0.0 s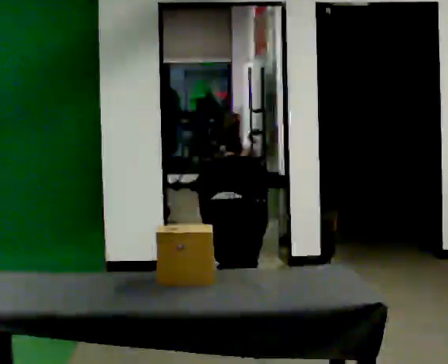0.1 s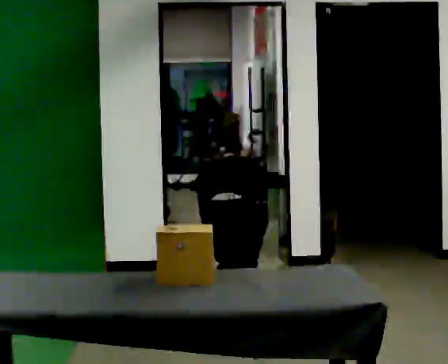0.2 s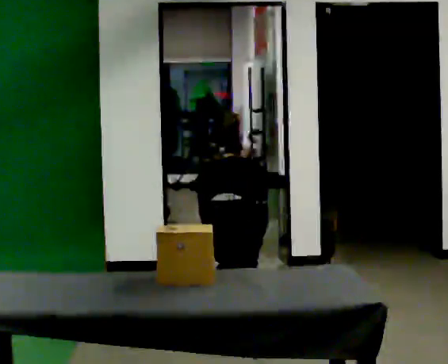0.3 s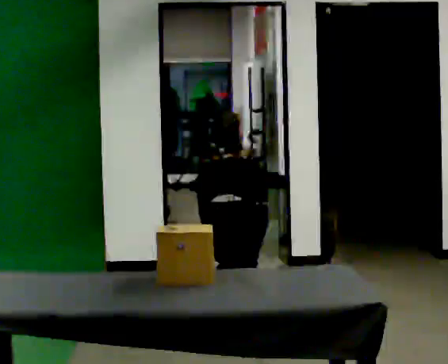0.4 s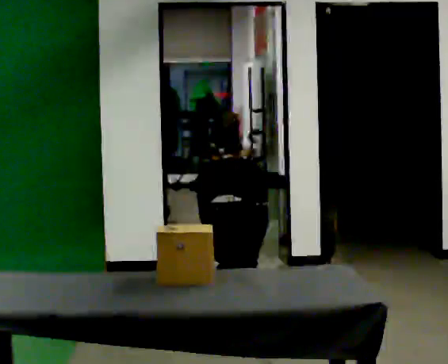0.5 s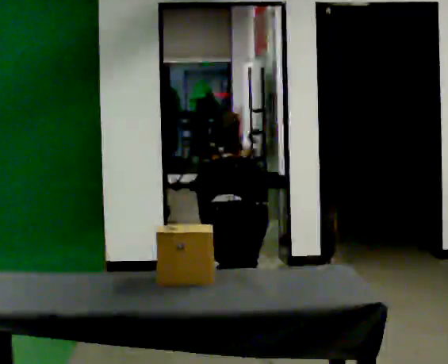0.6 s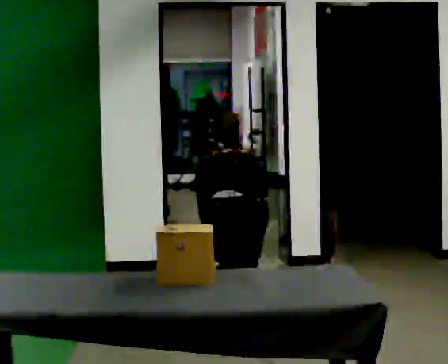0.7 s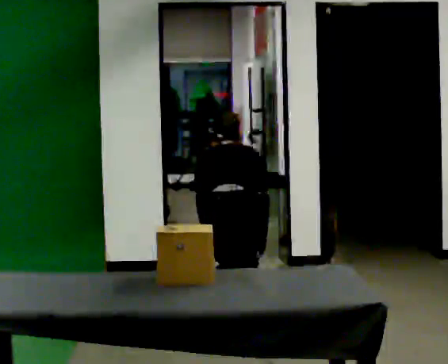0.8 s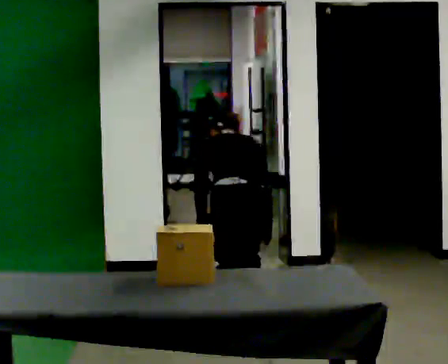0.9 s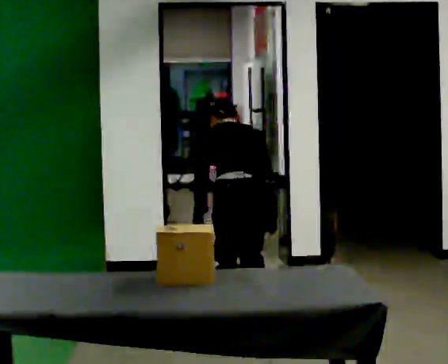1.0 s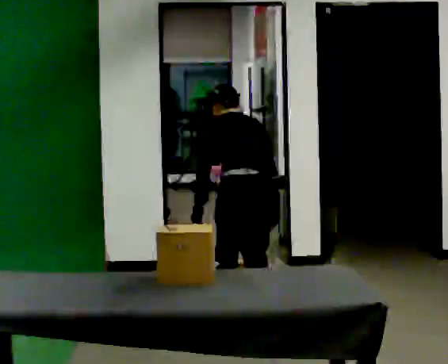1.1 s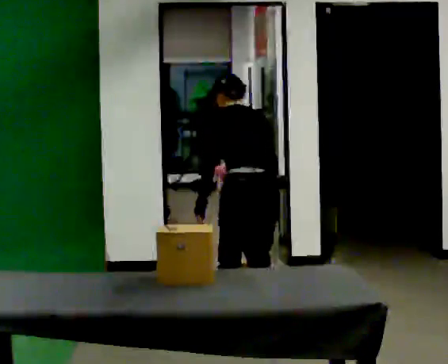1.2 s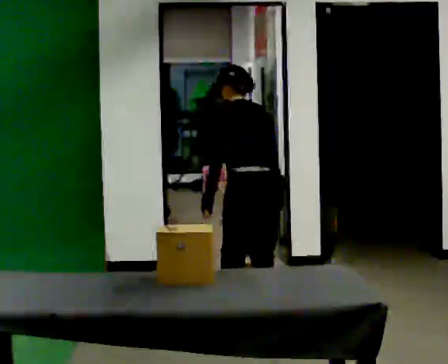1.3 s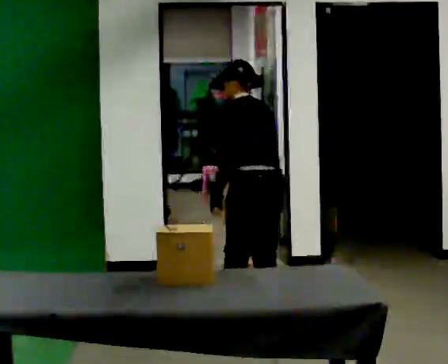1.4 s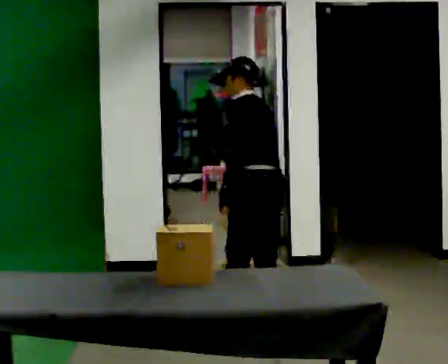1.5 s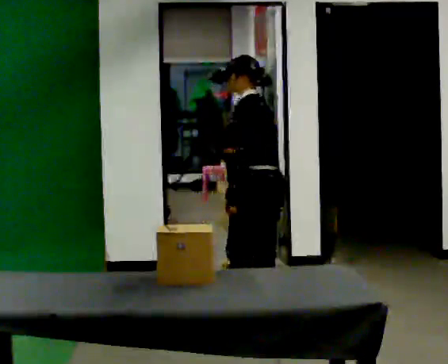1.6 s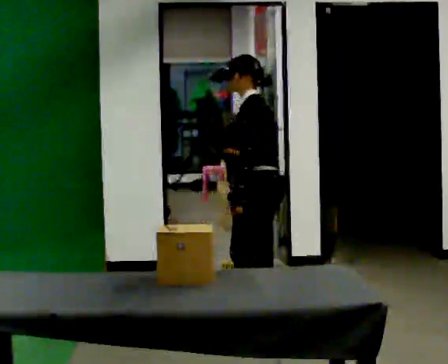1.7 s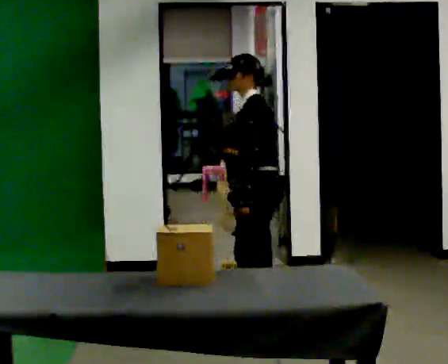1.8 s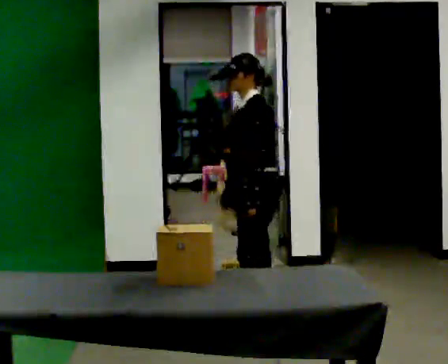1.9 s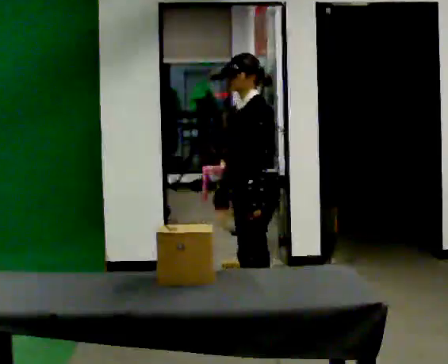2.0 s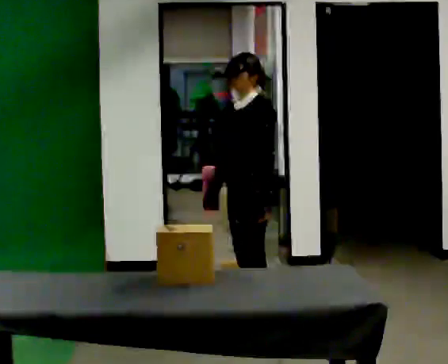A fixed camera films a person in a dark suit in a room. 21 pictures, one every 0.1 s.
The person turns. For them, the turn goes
to their left.
The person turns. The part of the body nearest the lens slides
to the right.
0.0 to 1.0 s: The shoulders move upward. The upper body tips toward the camera, its near side rolling downward, as they lean back or straighten.
1.0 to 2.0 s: The part of the body nearest the lens slides to the right as the person turns to their left by about 90 degrees. The upper body tips toward the camera, its near side rolling downward, as they lean back or straighten. In the picture their right hand goes to the left, the arm swinging clockwise.
The film runs forward here.
